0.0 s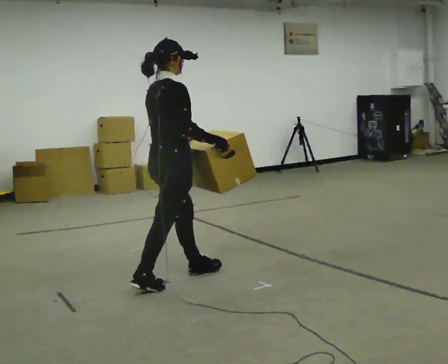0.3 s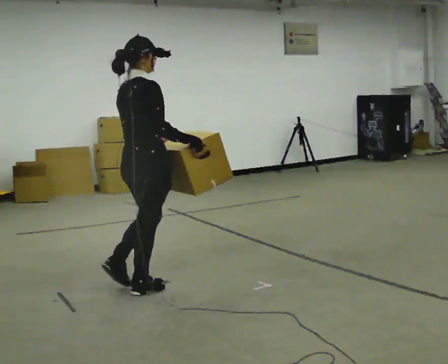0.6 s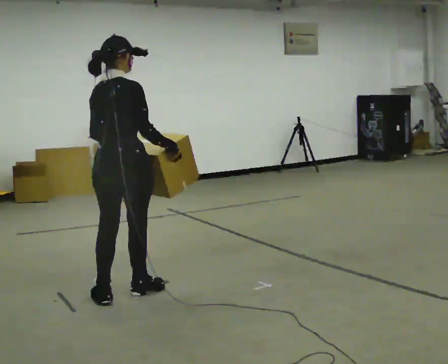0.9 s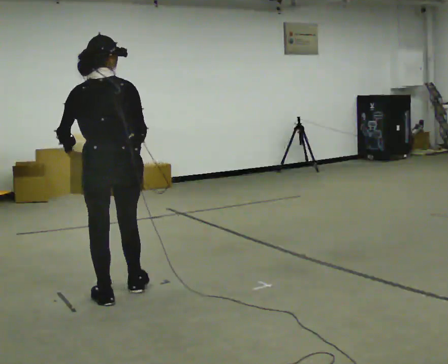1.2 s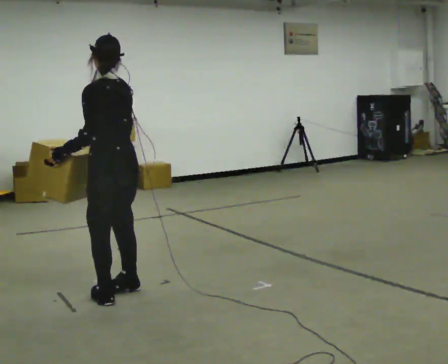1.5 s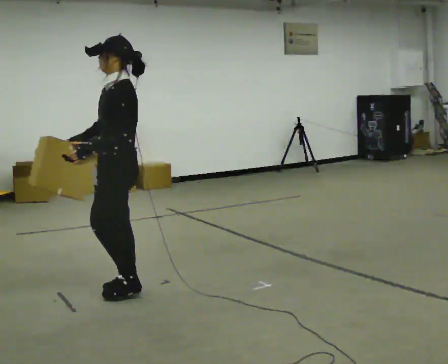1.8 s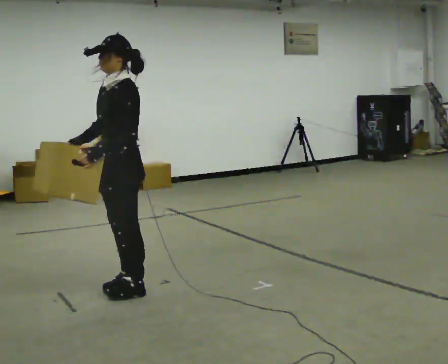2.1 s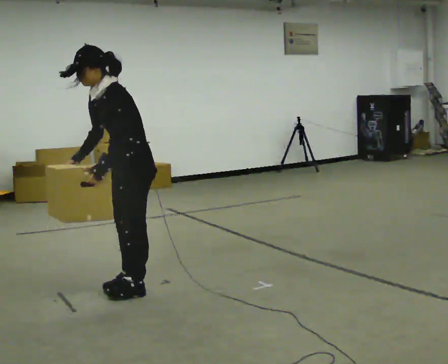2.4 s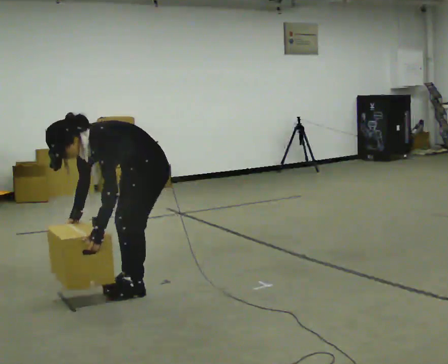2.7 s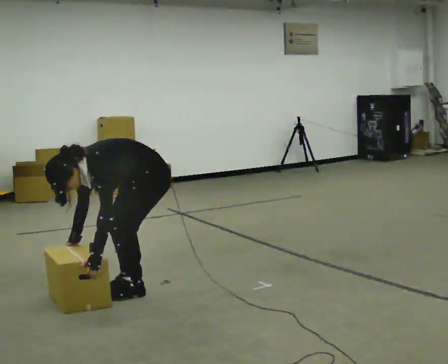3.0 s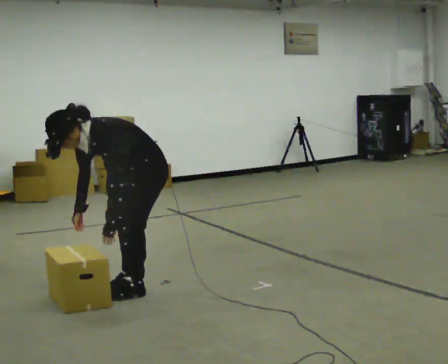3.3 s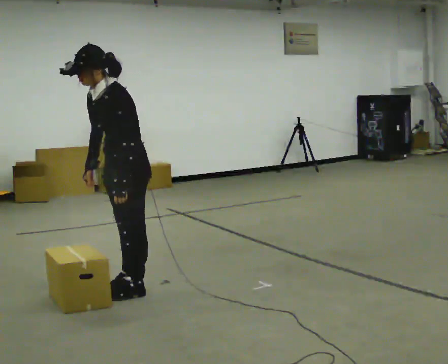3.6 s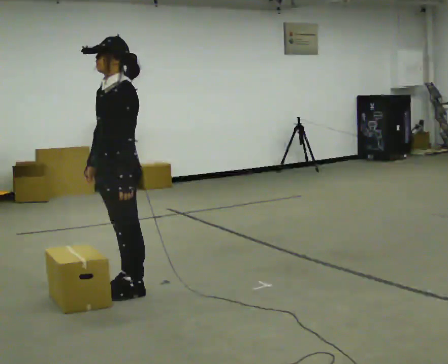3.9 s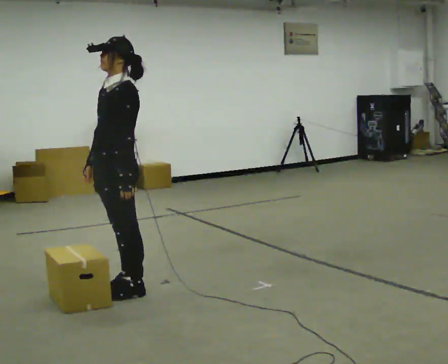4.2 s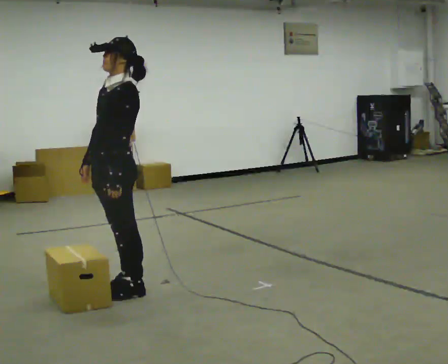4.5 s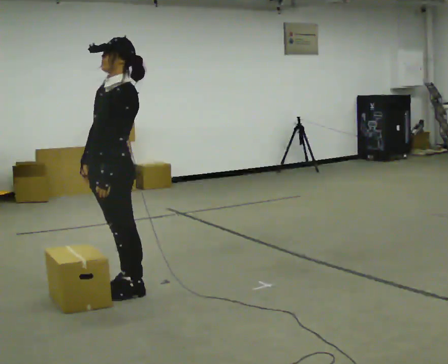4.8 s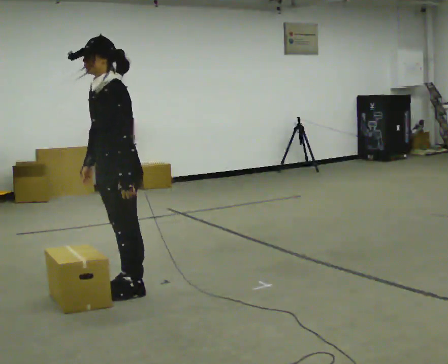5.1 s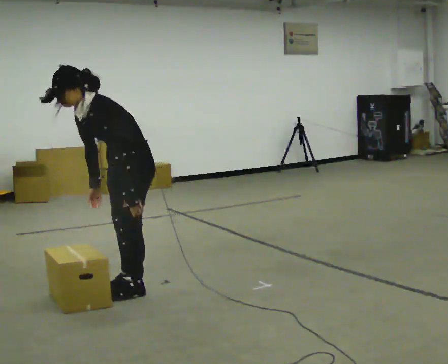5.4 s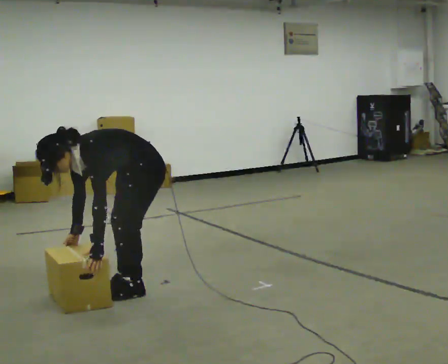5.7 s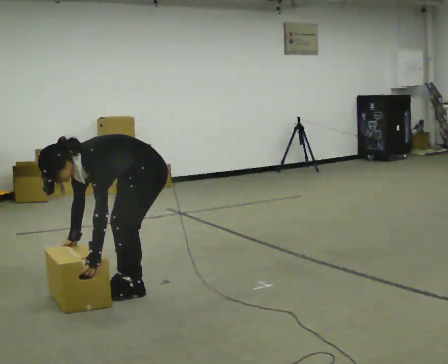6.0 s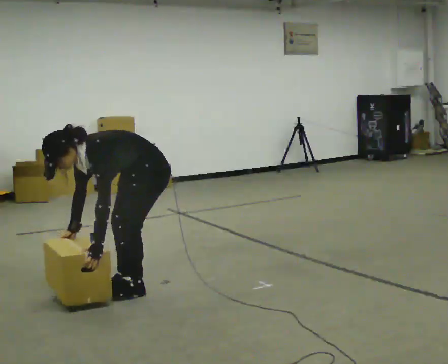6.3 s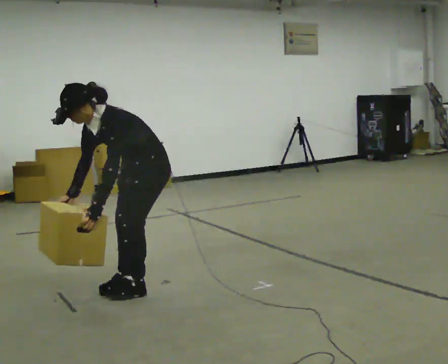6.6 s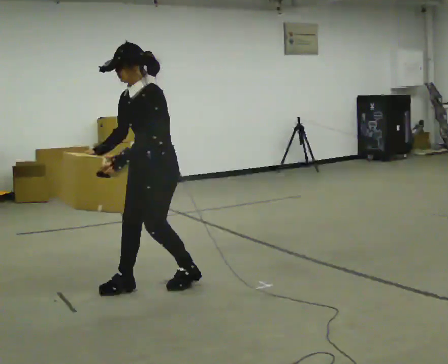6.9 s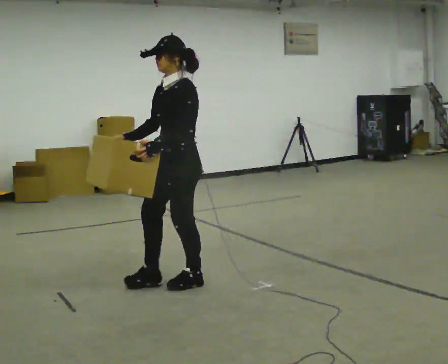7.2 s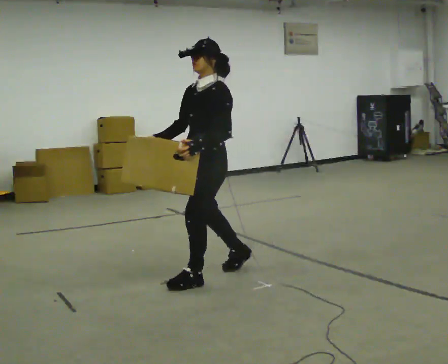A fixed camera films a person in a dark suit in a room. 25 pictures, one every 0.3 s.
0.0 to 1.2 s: The person turns about 120 degrees to their left, counterclockwise seen from above, so the part of the body nearest the lens slides to the right. In the picture they go to the left and toward the camera, about 0.5 m.
1.2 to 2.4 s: The person turns about 60 degrees to their left, counterclockwise seen from above, so the part of the body nearest the lens slides to the right. In the picture they go to the right, about 0.25 m in 1 step, which for them is backward. The upper body goes downward. In the picture the upper body tilts counterclockwise, shoulders to the left, as they bend forward. In the picture their left hand goes downward.
2.4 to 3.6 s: In the picture they go to the left, about 0.25 m, which for them is forward. In the picture their right hand goes upward.
3.6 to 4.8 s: The person moves a little, or ends about where they began.
4.8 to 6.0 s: In the picture they go to the right, about 0.25 m, which for them is backward. The upper body goes downward. In the picture the upper body tilts counterclockwise, shoulders to the left, as they bend forward. In the picture their right hand goes downward.
6.0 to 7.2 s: In the picture they go to the right, about 0.5 m in 2 steps, which for them is backward. The shoulders move upward. In the picture the upper body tilts clockwise, shoulders to the right, as they lean back or straighten. In the picture their right hand goes upward.
The film runs backward here.
